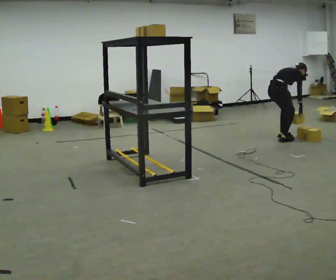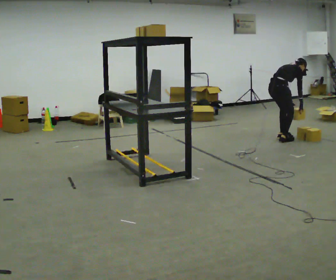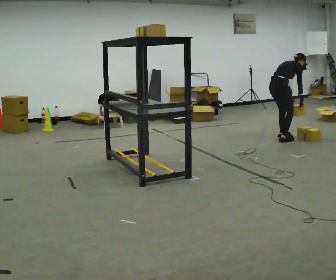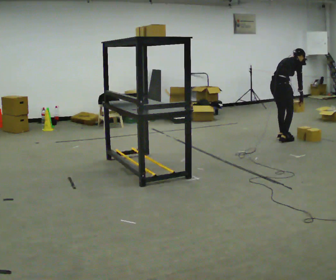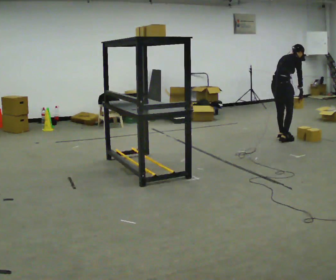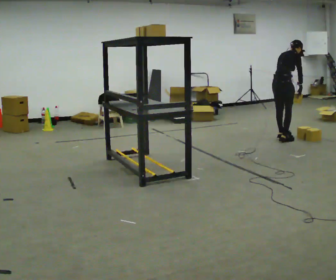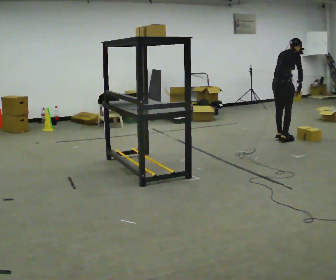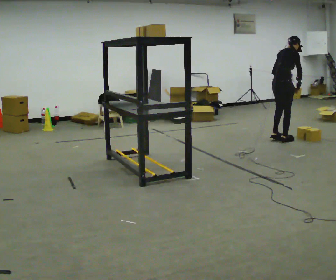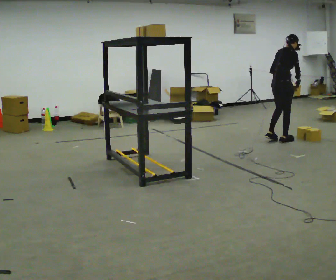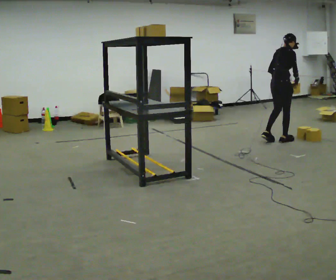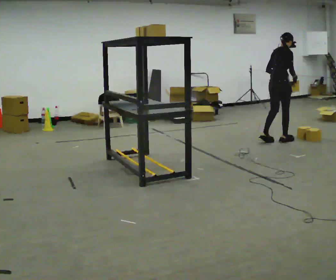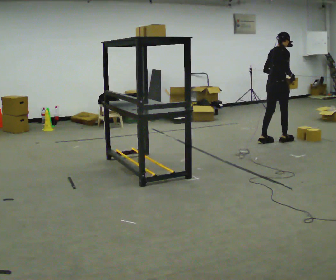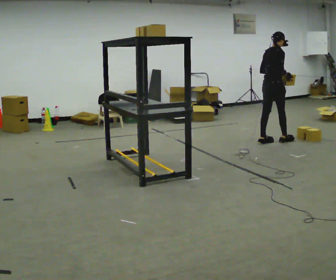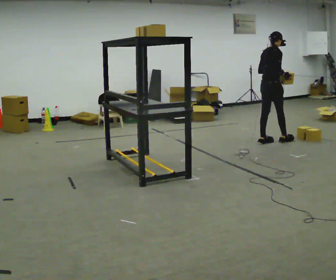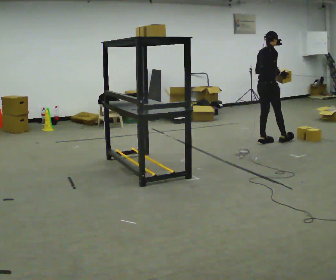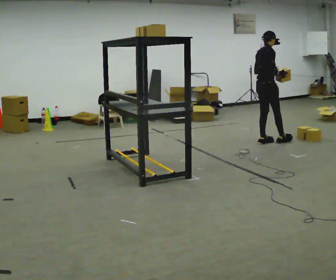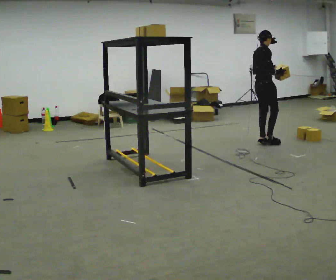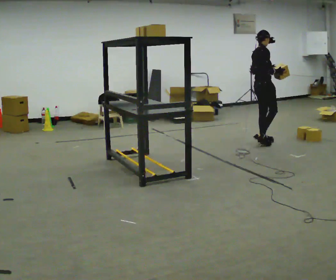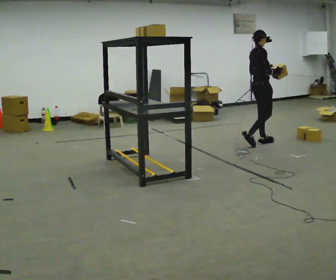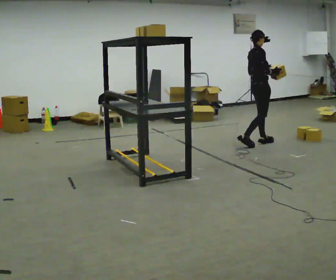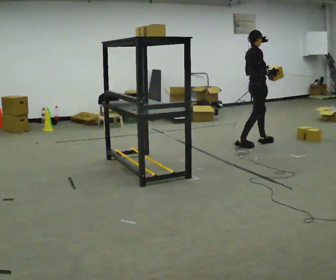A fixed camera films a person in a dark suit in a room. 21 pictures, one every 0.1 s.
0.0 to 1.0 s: The shoulders move upward. In the picture the upper body tilts counterclockwise, shoulders to the left, as they lean back or straighten. In the picture their left hand goes upward.
1.0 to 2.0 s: In the picture they go to the left and toward the camera, about 0.25 m in 1 step, which for them is backward.
The film runs backward here.
